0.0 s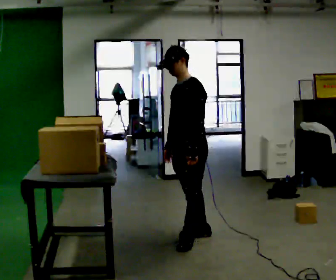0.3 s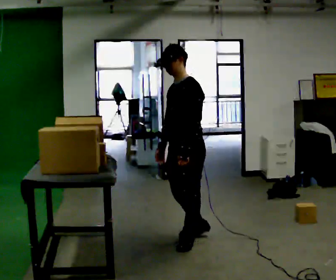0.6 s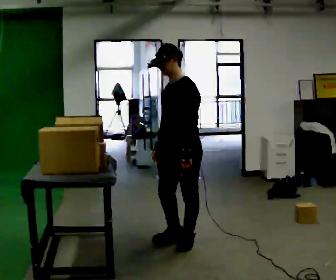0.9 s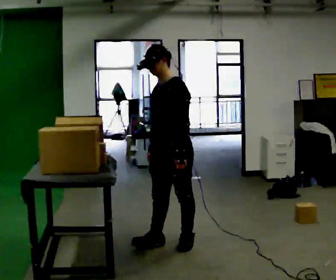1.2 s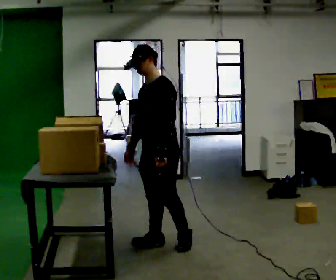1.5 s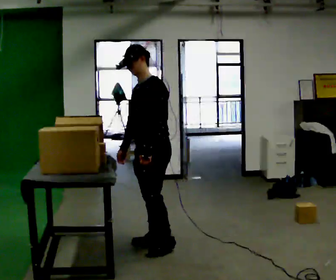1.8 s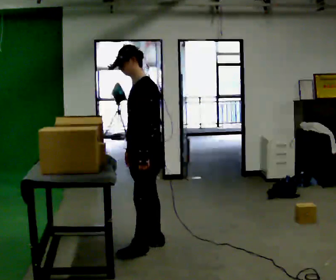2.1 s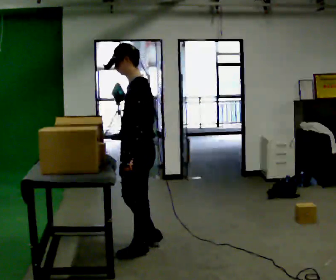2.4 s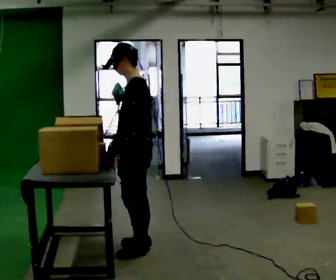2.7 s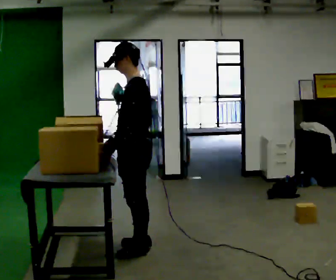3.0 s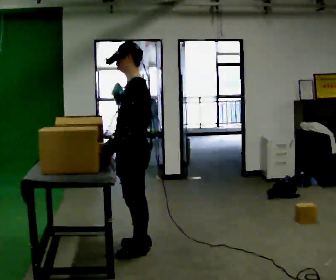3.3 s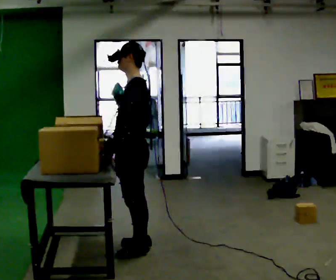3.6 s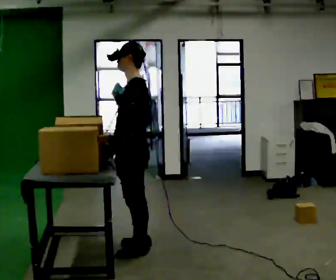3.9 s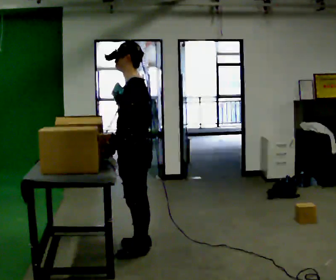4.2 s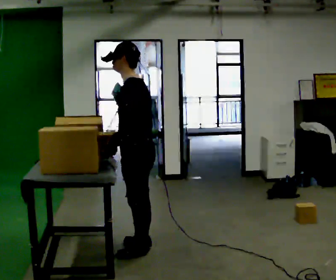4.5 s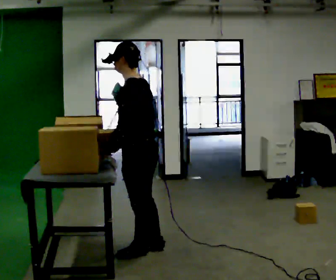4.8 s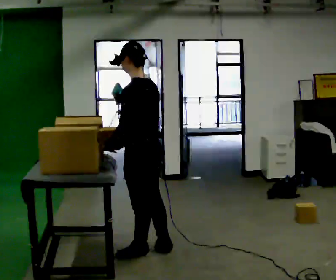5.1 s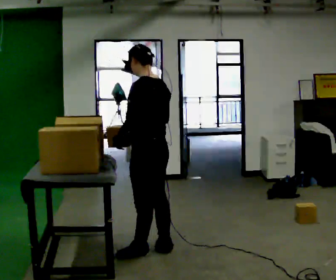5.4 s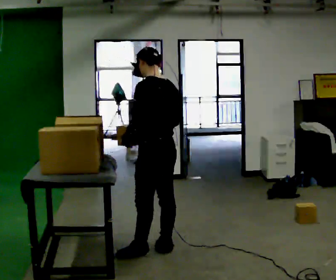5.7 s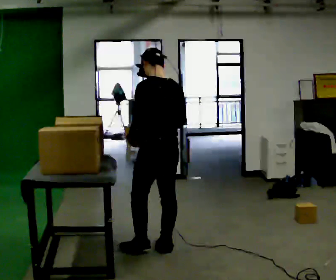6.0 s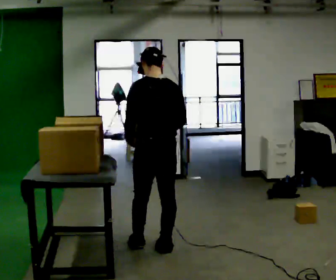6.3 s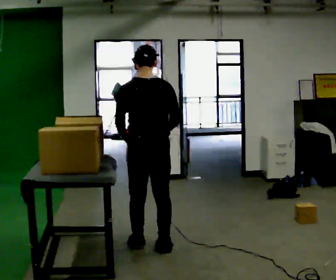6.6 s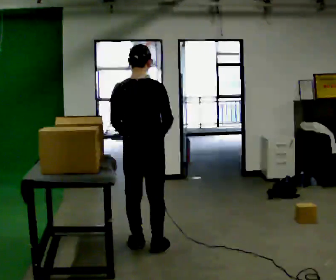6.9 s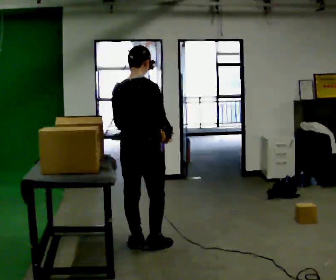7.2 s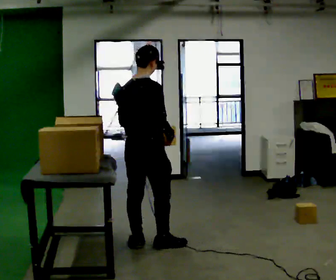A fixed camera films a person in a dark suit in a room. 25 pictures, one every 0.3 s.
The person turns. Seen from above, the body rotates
clockwise.
The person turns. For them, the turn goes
to their right.
0.0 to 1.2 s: In the picture they go to the left, about 0.25 m in 1 step, which for them is forward.
1.2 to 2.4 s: The person turns about 30 degrees to their right, clockwise seen from above, so the part of the body nearest the lens slides to the left. In the picture they go to the left and toward the camera, about 0.25 m in 1 step, which for them is forward.
2.4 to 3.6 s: The person moves a little, or ends about where they began.
3.6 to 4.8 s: The part of the body nearest the lens slides to the left as the person turns to their right by about 30 degrees.
4.8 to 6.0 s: The part of the body nearest the lens slides to the left as the person turns to their right by about 30 degrees. In the picture their right hand goes to the right.
6.0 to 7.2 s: The person turns about 60 degrees to their right, clockwise seen from above, so the part of the body nearest the lens slides to the left.
The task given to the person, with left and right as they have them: Take the objects the operator names off the crowded shelf, one at a time, and carry each one to the table. You will have to move other things out of the way to reach them. Keep going until the operator says stop; one object at a time, and do not rush between trips.
The film runs forward here.
